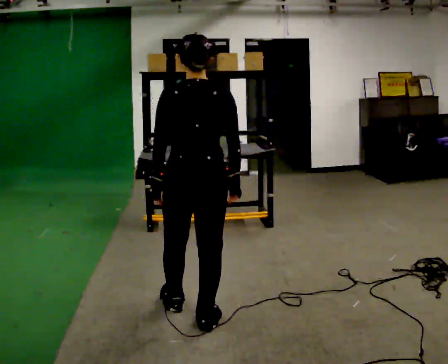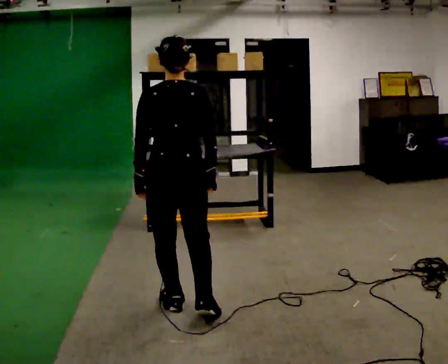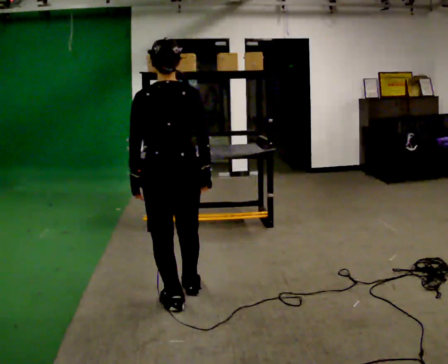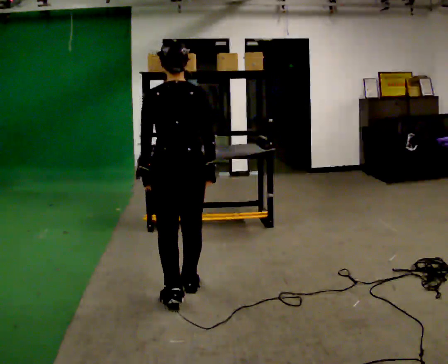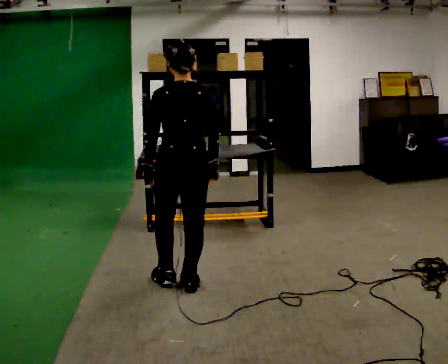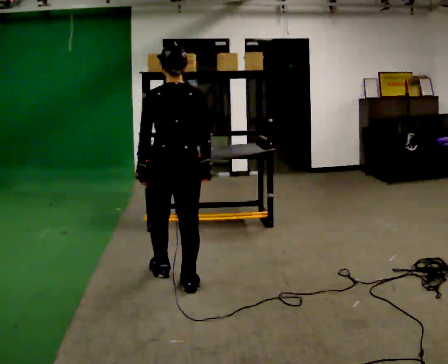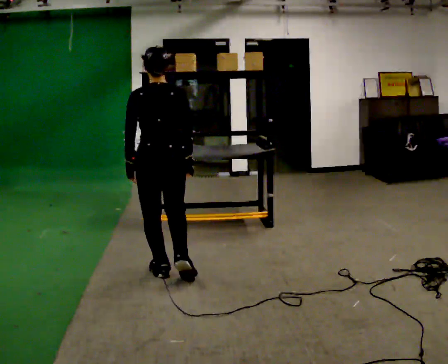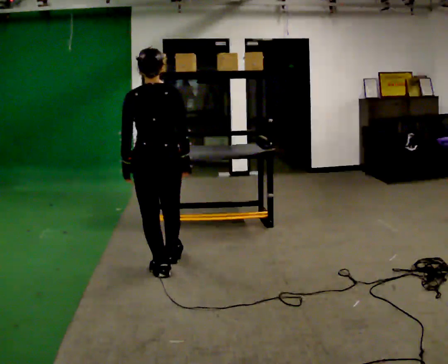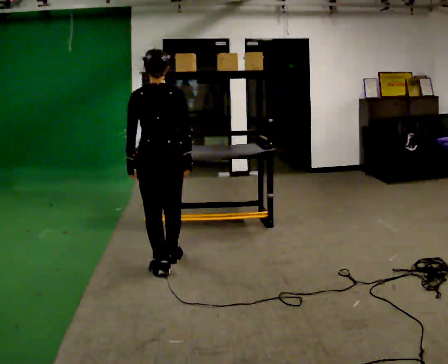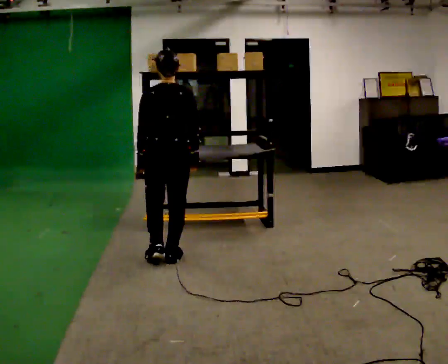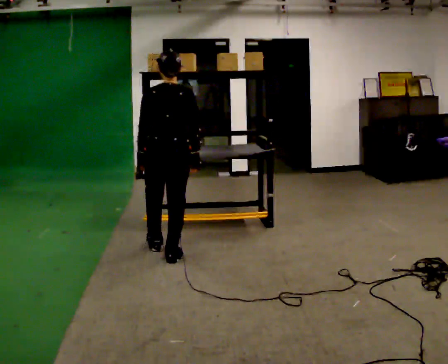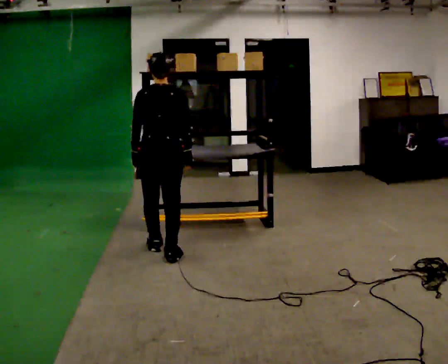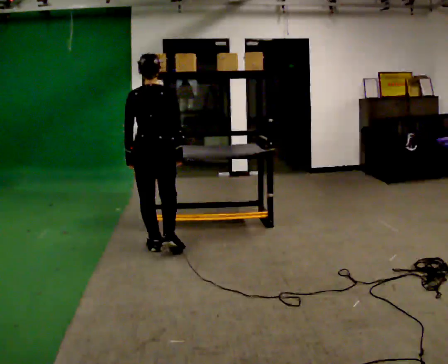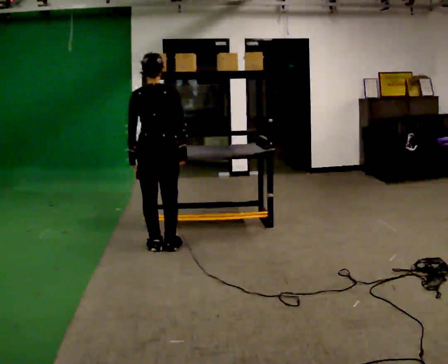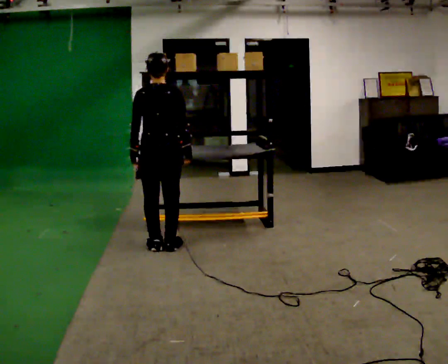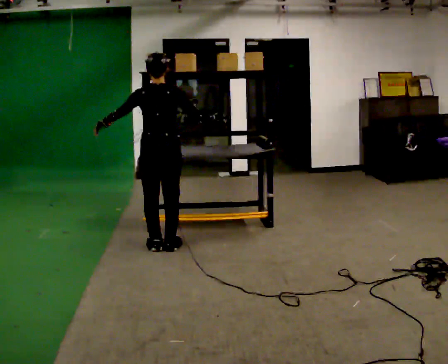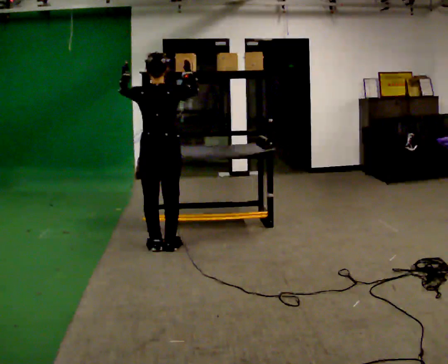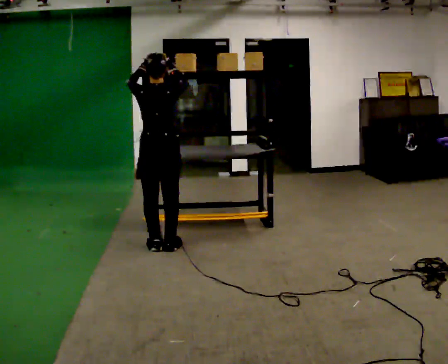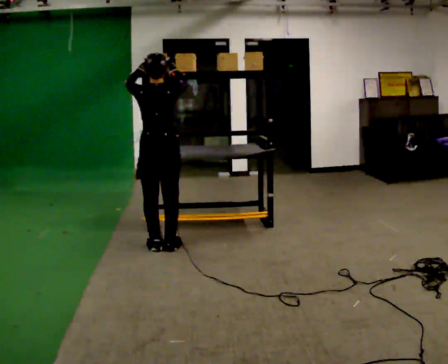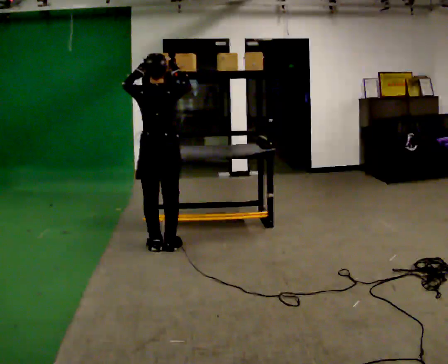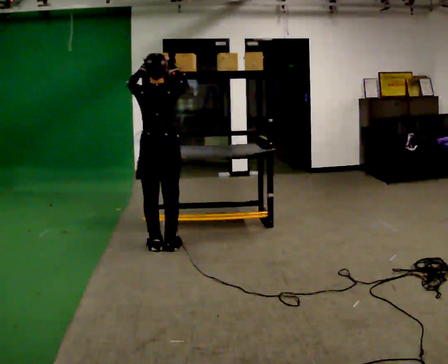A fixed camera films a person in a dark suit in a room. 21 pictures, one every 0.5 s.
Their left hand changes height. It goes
upward.
Their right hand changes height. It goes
upward.
0.0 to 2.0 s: In the picture they go away from the camera, about 0.5 m in 1 step, which for them is forward.
2.0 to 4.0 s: In the picture they go away from the camera, about 0.5 m in 2 steps, which for them is forward.
4.0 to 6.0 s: In the picture they go away from the camera, about 0.5 m in 1 step, which for them is forward.
6.0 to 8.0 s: In the picture their left hand goes upward, the arm swinging clockwise.
8.0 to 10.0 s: The person moves a little, or ends about where they began.
The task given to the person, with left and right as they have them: Take an object down from the highest shelf you can comfortably reach, carry it across the room, and set it on the floor. Keep going until the operator says stop; one object at a time, and do not rush between trips.
The film runs forward here.
